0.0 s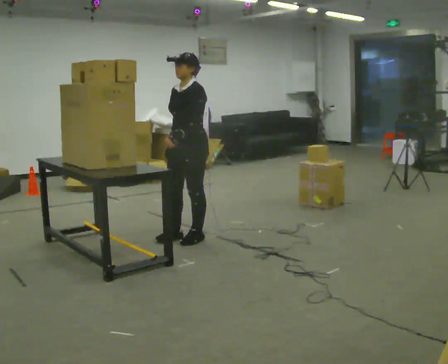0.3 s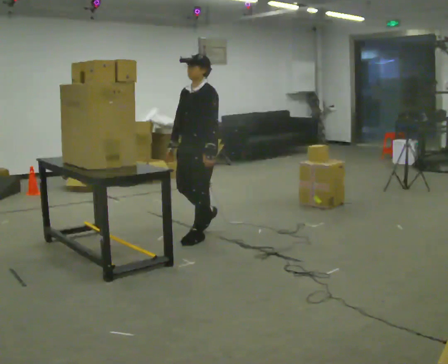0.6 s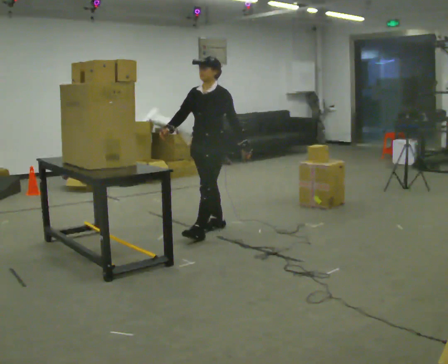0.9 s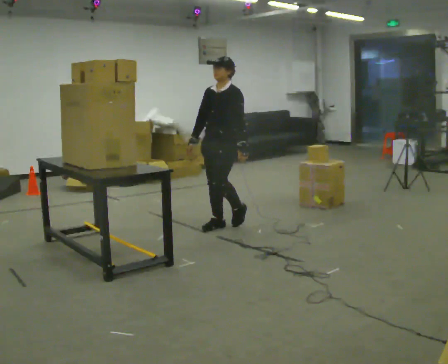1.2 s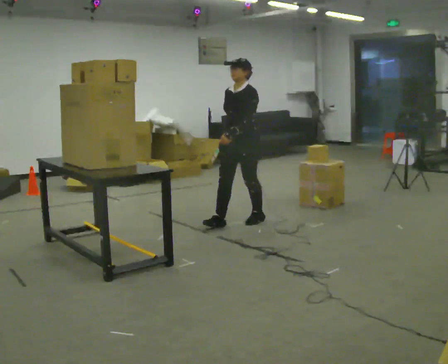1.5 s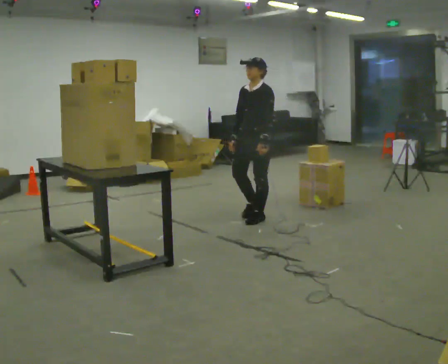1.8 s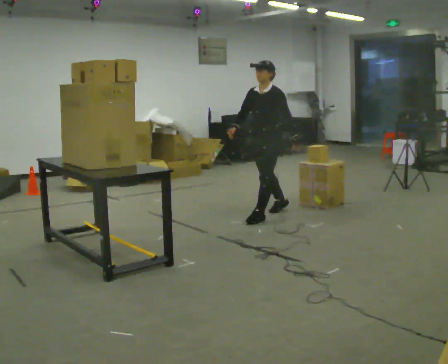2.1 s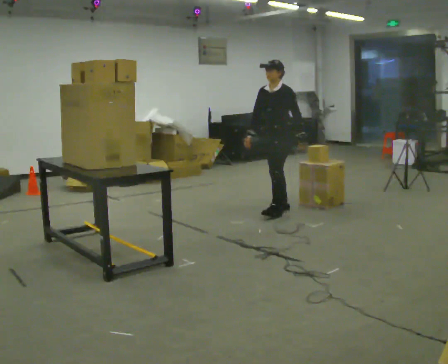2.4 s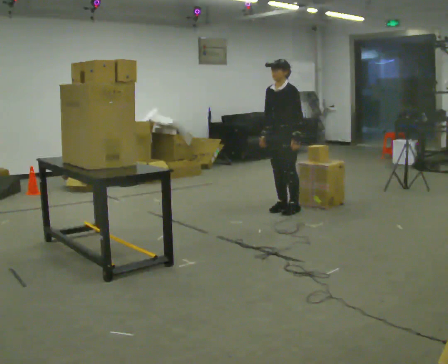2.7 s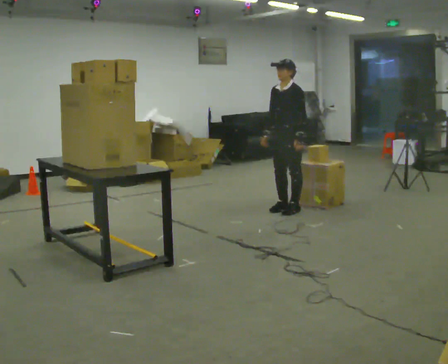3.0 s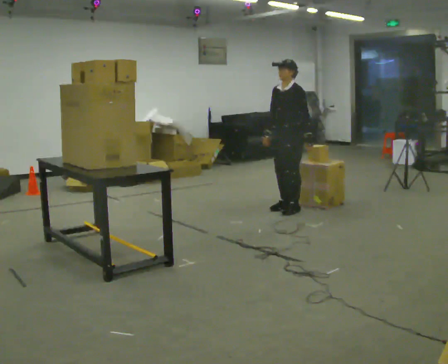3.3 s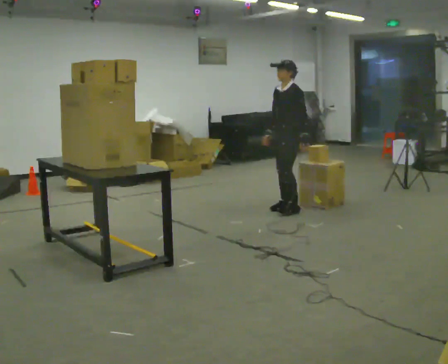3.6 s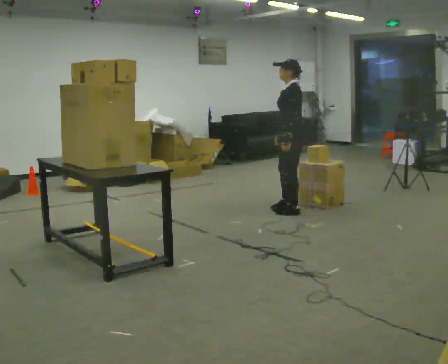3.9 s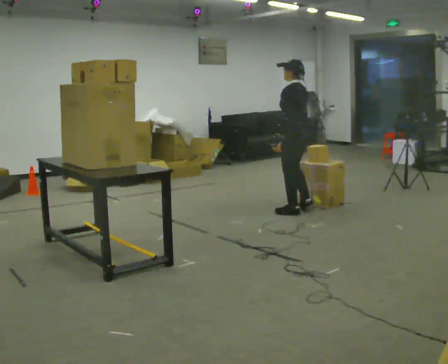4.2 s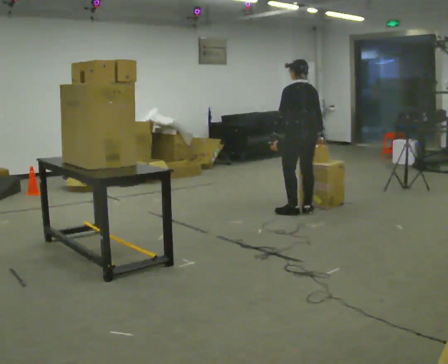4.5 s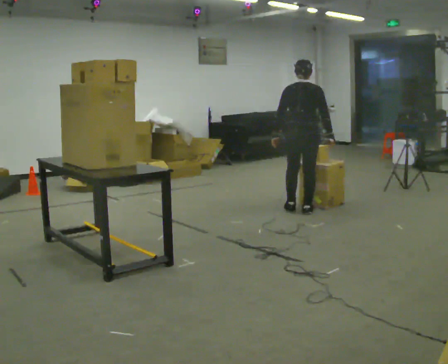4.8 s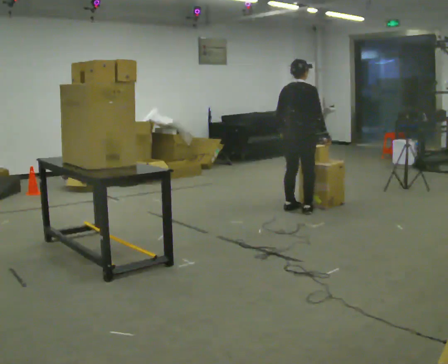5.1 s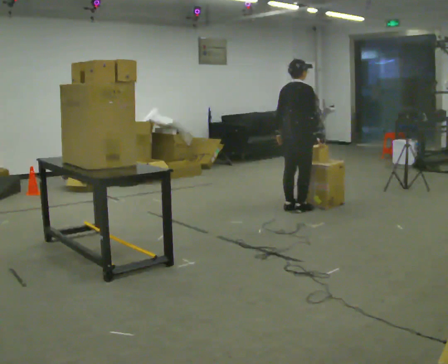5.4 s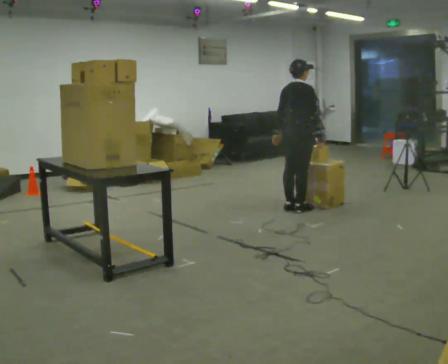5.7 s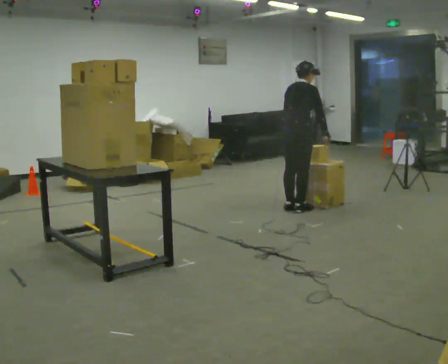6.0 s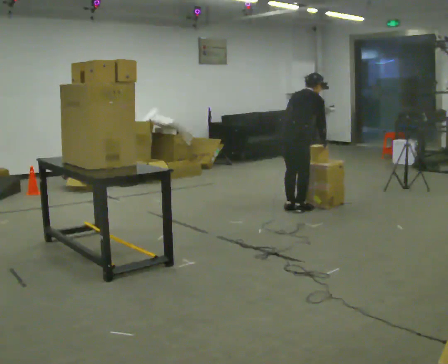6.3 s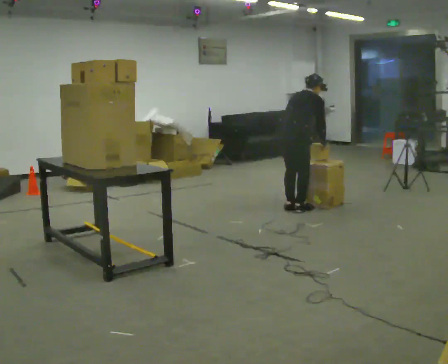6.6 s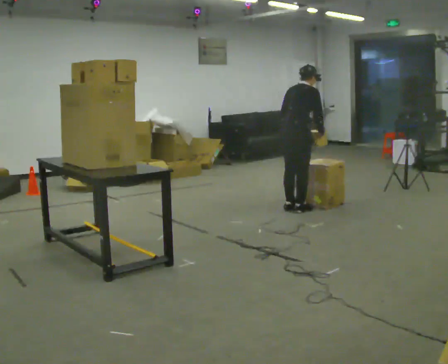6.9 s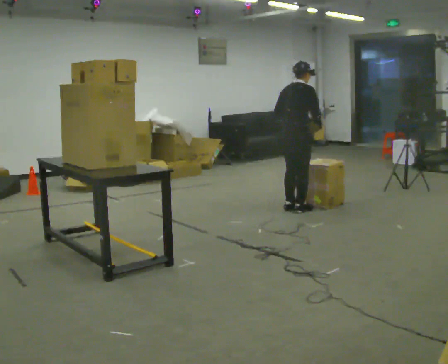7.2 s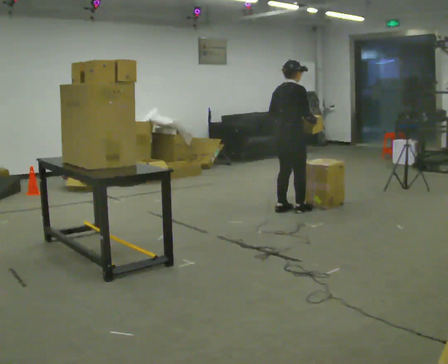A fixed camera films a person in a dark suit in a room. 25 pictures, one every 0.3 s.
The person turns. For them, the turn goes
to their right.
The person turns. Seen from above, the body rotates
clockwise.
0.0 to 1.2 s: In the picture they go away from the camera and to the right, about 0.75 m in 1 step, which for them is backward.
1.2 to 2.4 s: In the picture they go away from the camera and to the right, about 0.75 m in 2 steps, which for them is backward.
2.4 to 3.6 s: The person turns about 45 degrees to their right, clockwise seen from above, so the part of the body nearest the lens slides to the left.
3.6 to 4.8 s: Seen from above the body turns clockwise, about 120 degrees: to their right, with its near side sliding to the left.
4.8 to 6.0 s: The upper body tips away from the camera, its near side rolling upward, as they bend forward.
6.0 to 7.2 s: The upper body tips toward the camera, its near side rolling downward, as they lean back or straighten.
The film runs backward here.
